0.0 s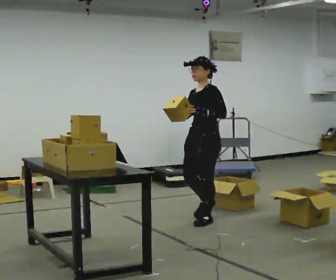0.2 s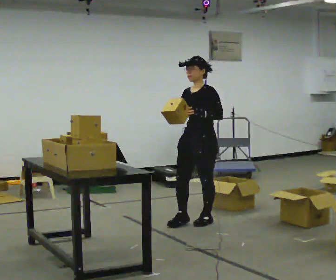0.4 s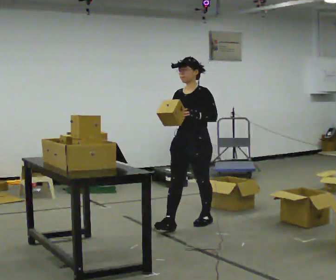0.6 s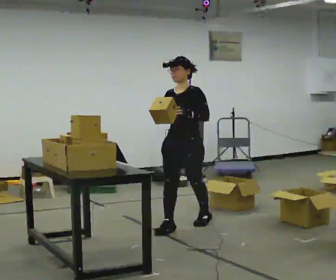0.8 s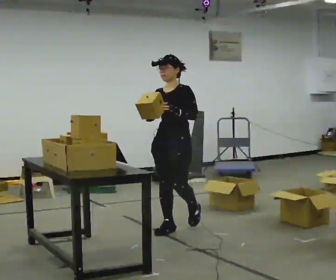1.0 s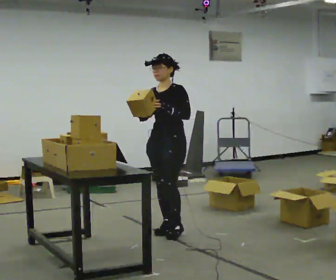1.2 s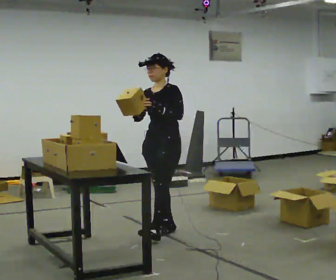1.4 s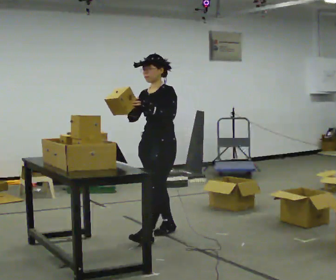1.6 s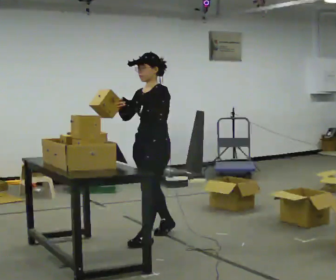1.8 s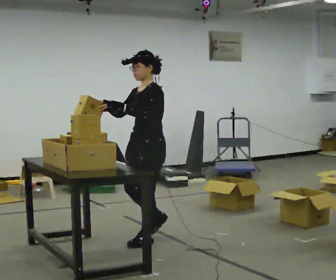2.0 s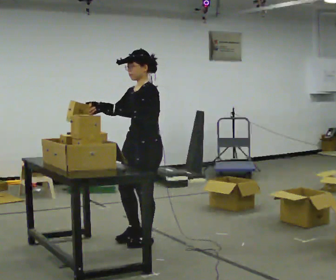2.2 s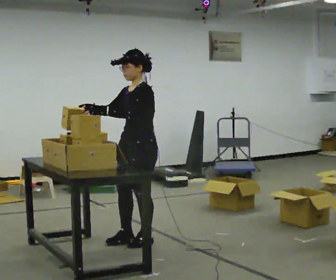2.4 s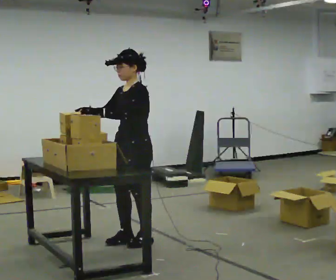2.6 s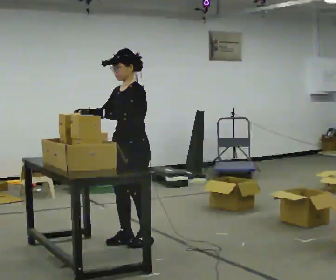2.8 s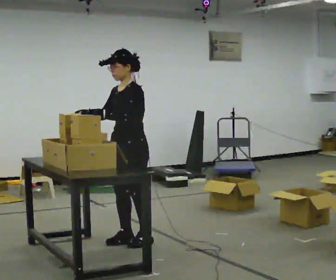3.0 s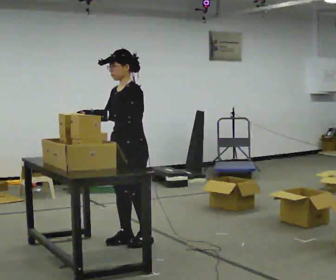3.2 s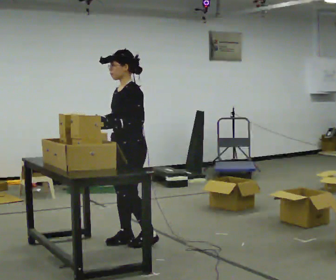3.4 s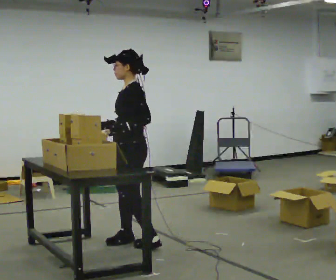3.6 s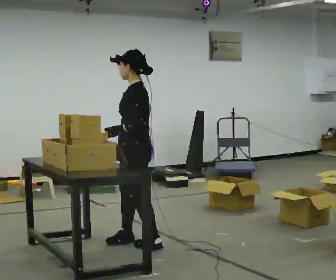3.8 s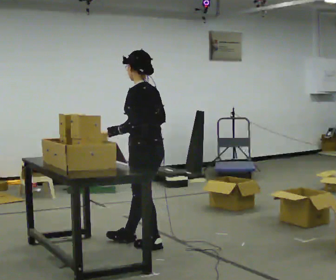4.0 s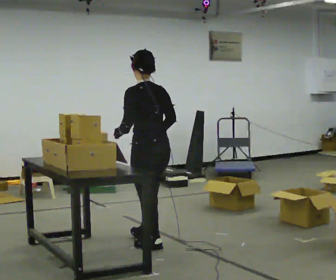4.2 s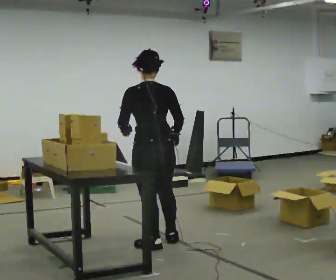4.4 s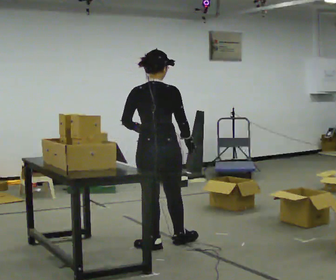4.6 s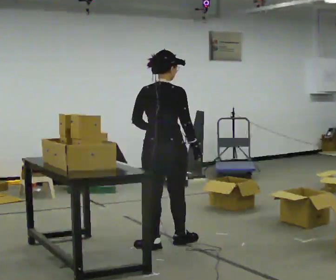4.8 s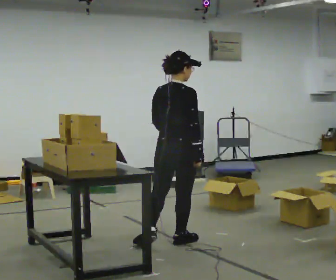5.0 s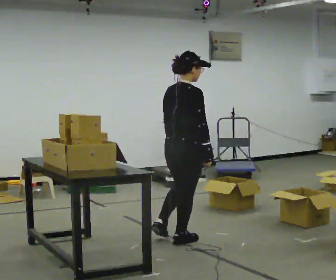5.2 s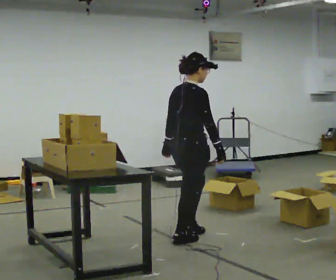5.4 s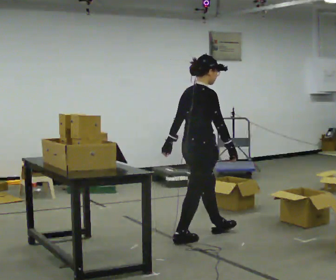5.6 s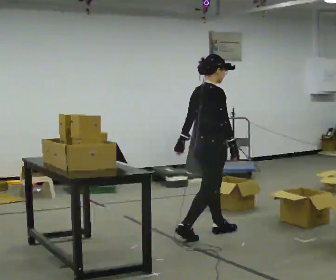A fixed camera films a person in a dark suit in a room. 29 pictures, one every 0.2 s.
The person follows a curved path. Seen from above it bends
counterclockwise.
0.0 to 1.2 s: In the picture they go to the left and toward the camera, about 0.5 m in 1 step, which for them is forward.
1.2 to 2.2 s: In the picture they go toward the camera and to the left, about 0.25 m in 2 steps, which for them is forward and to their left.
2.2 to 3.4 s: Seen from above the body turns clockwise, about 30 degrees: to their right, with its near side sliding to the left.
3.4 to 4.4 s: The person turns about 105 degrees to their right, clockwise seen from above, so the part of the body nearest the lens slides to the left. In the picture they go to the right, about 0.25 m in 1 step. In the picture their right hand goes to the right, the arm swinging counterclockwise.
4.4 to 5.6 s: Seen from above the body turns clockwise, about 60 degrees: to their right, with its near side sliding to the left. In the picture they go to the right and away from the camera, about 0.5 m in 1 step.
The film runs forward here.
